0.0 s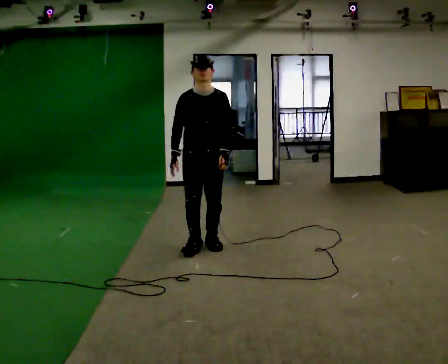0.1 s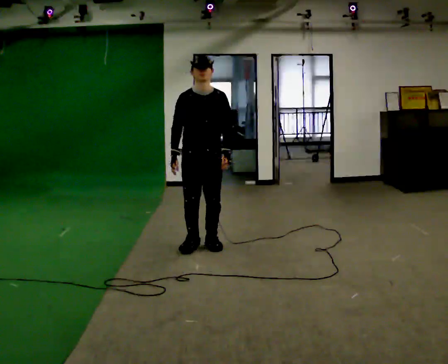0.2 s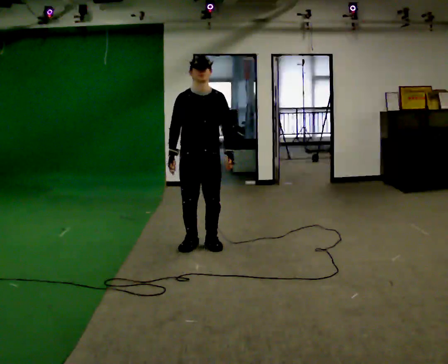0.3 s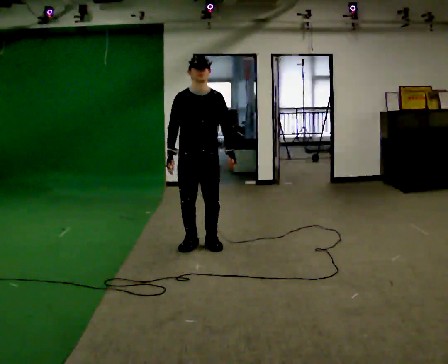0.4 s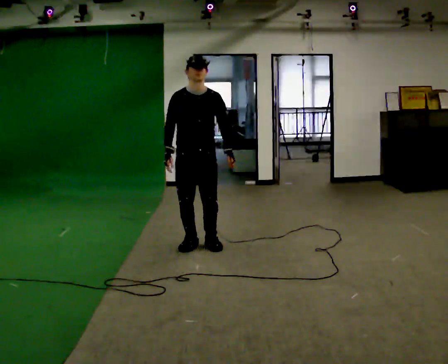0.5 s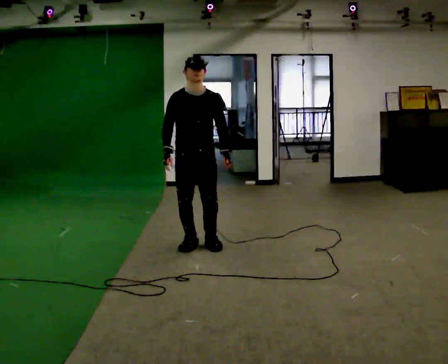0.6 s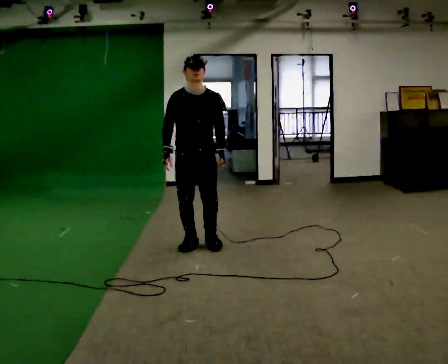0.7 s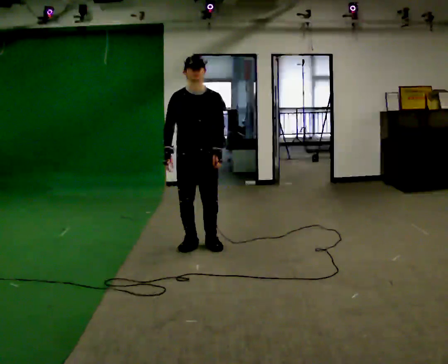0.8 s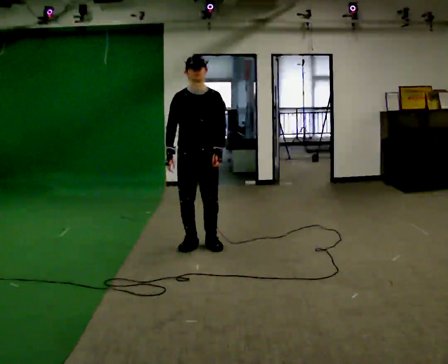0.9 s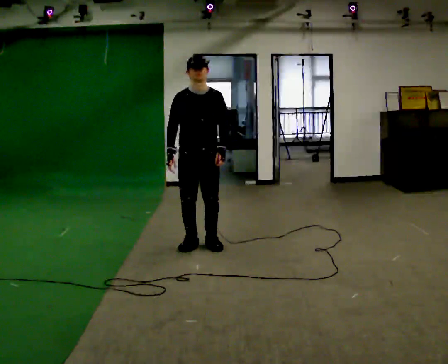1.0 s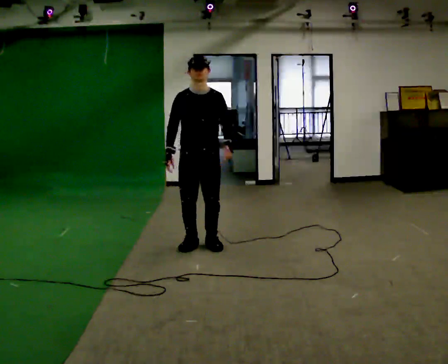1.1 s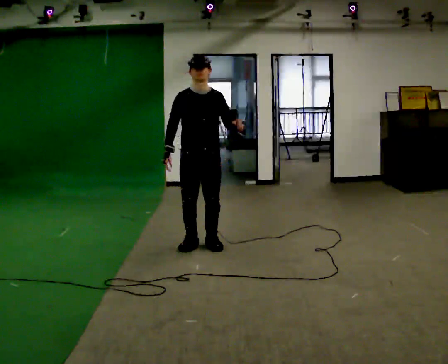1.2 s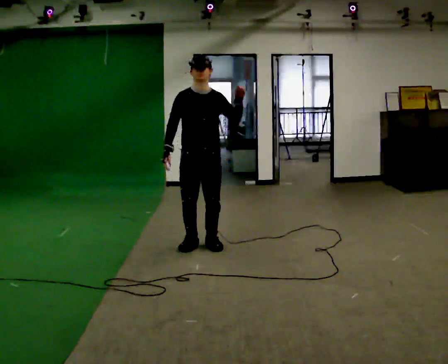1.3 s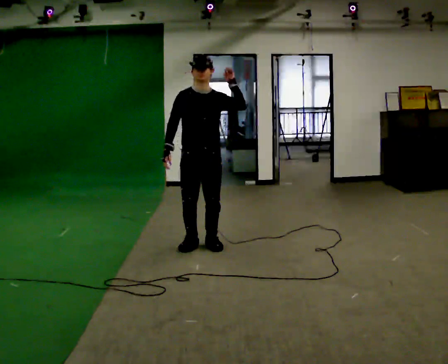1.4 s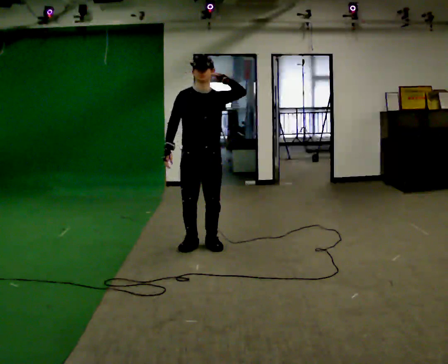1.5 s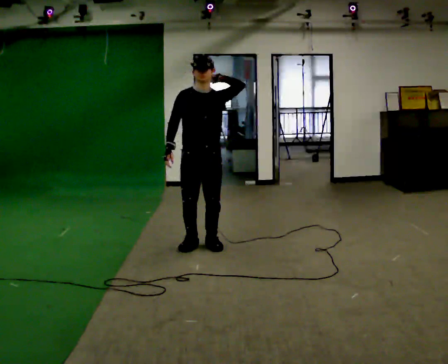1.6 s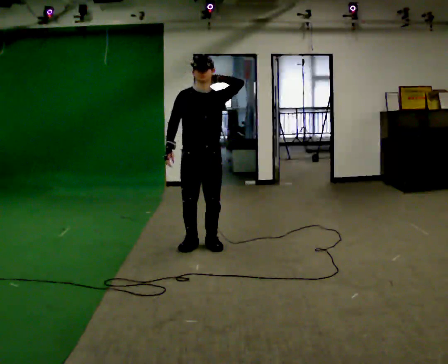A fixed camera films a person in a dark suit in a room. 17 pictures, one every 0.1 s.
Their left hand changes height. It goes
upward.
0.0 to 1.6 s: In the picture their left hand goes upward.
The film runs forward here.
